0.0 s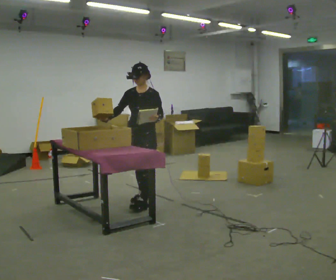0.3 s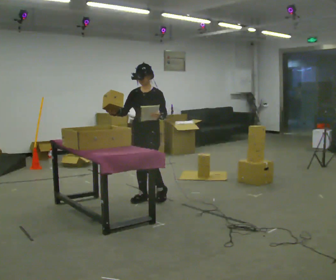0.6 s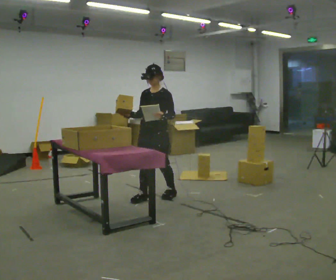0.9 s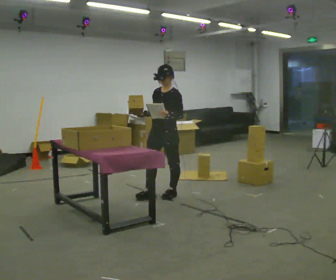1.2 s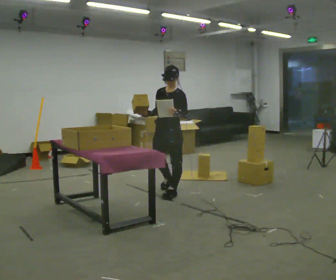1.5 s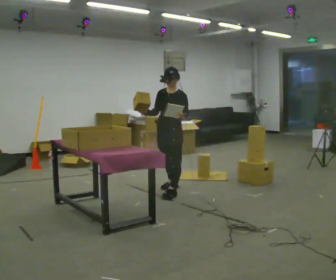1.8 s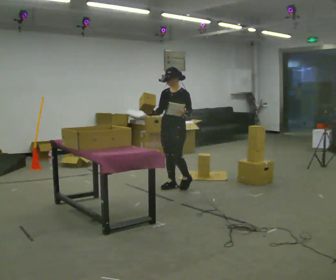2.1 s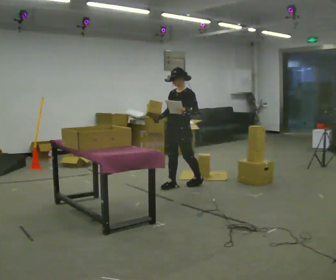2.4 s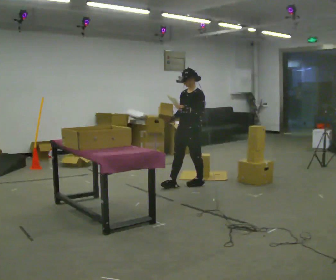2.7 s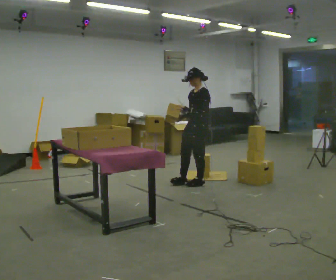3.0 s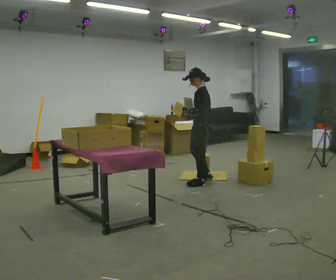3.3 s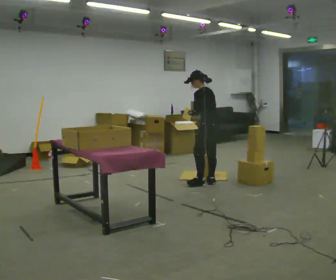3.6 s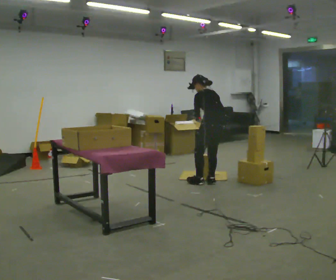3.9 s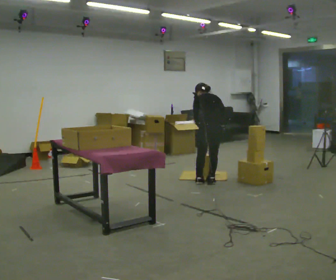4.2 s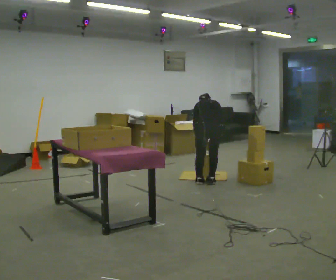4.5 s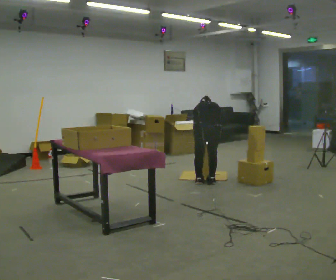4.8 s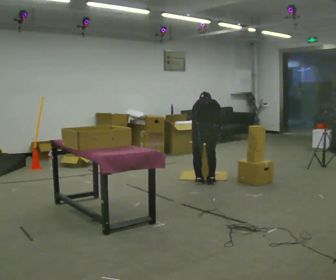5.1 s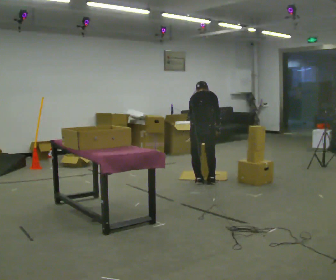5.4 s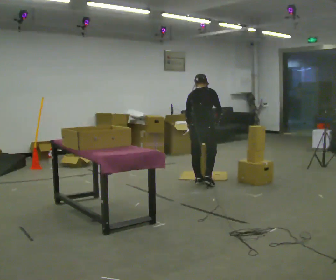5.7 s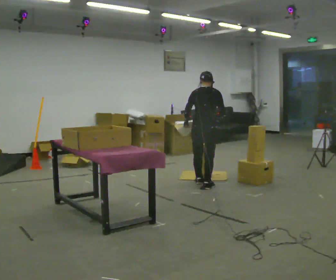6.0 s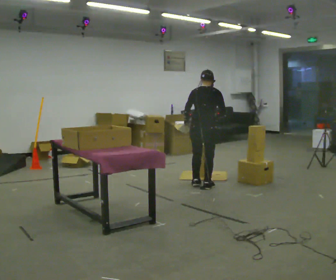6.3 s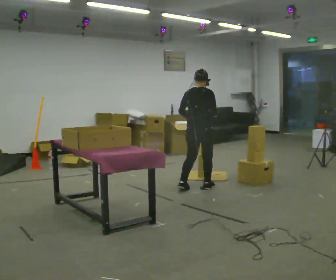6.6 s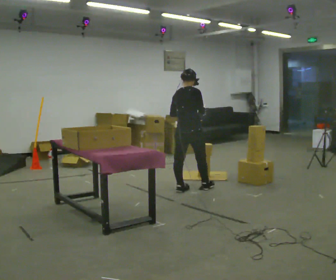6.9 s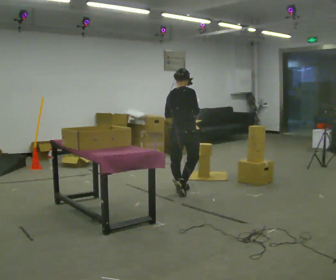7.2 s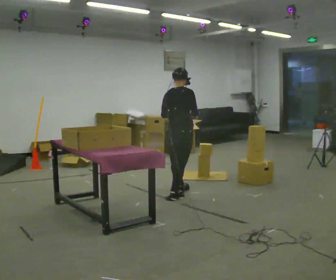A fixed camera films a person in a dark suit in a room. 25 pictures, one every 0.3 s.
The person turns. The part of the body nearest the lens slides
to the left.
The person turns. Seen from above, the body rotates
clockwise.
0.0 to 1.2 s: In the picture they go away from the camera and to the right, about 0.5 m in 2 steps, which for them is backward.
1.2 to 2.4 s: In the picture they go away from the camera and to the right, about 0.5 m in 1 step, which for them is backward.
2.4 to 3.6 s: Seen from above the body turns clockwise, about 90 degrees: to their right, with its near side sliding to the left. In the picture they go to the right, about 0.25 m in 1 step. The upper body tips away from the camera, its near side rolling upward, as they bend forward.
3.6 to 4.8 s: Seen from above the body turns clockwise, about 45 degrees: to their right, with its near side sliding to the left. The upper body tips away from the camera, its near side rolling upward, as they bend forward. In the picture their left hand goes downward.
4.8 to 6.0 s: In the picture they go toward the camera, about 0.25 m in 2 steps, which for them is backward. The upper body goes upward. The upper body tips toward the camera, its near side rolling downward, as they lean back or straighten. In the picture their left hand goes upward.
6.0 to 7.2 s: In the picture they go toward the camera and to the left, about 0.5 m in 1 step, which for them is backward.
The film runs backward here.
